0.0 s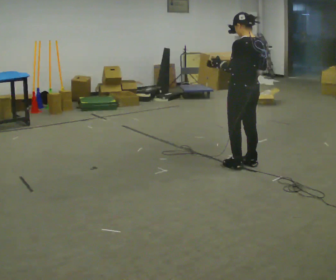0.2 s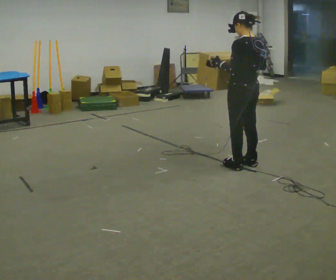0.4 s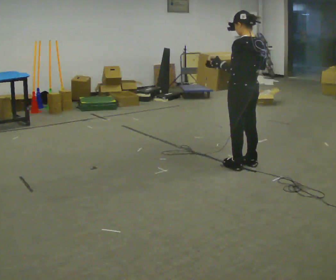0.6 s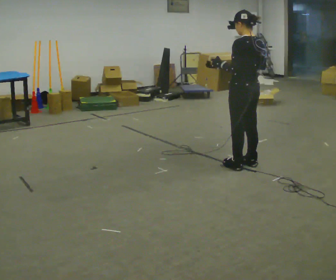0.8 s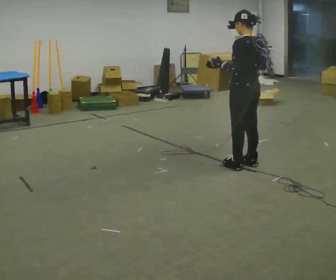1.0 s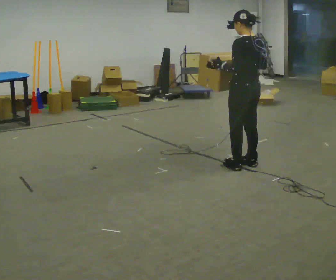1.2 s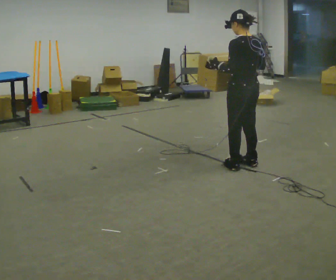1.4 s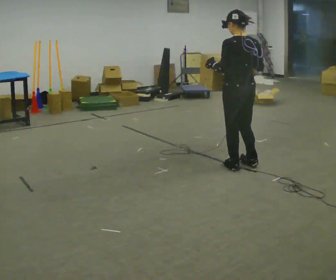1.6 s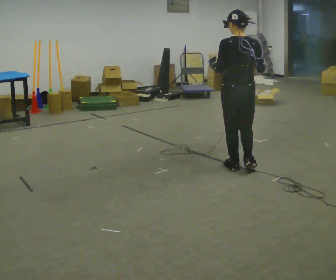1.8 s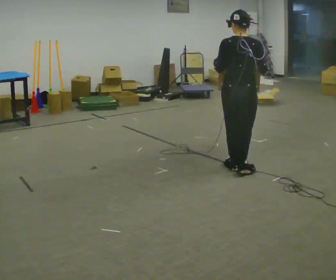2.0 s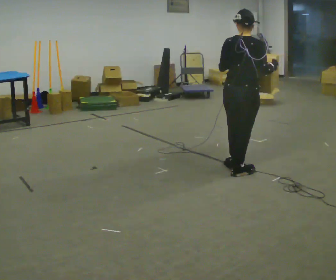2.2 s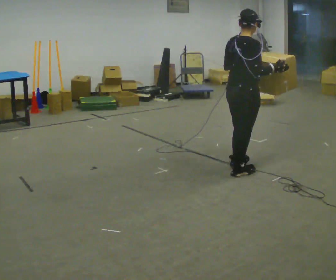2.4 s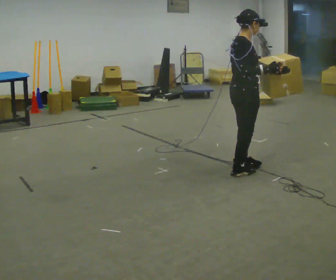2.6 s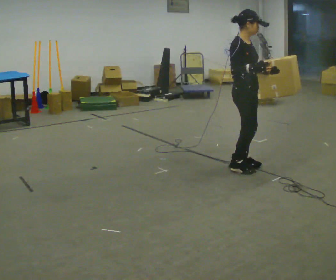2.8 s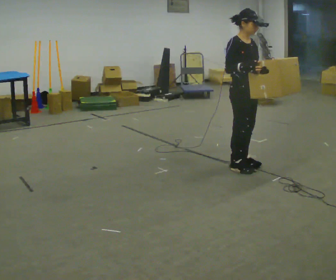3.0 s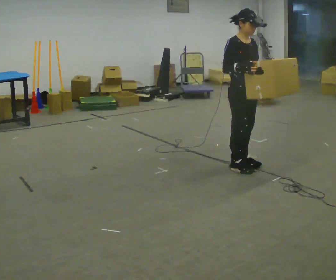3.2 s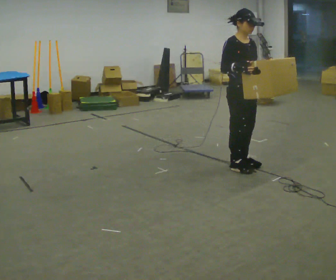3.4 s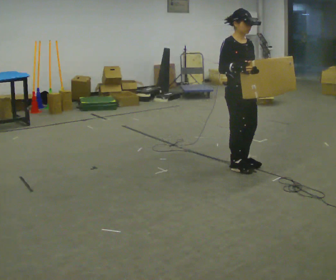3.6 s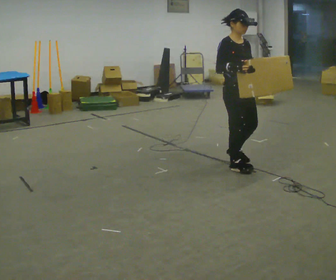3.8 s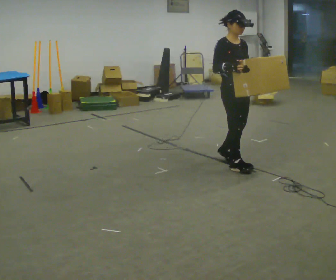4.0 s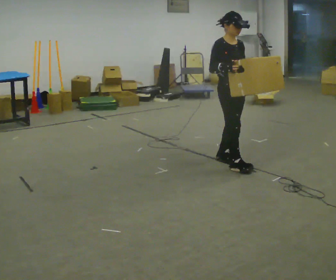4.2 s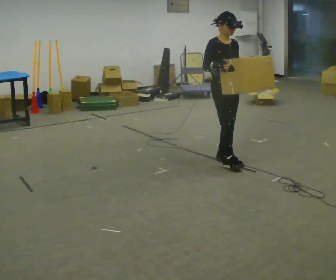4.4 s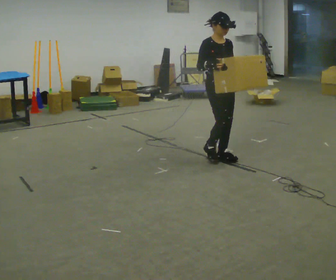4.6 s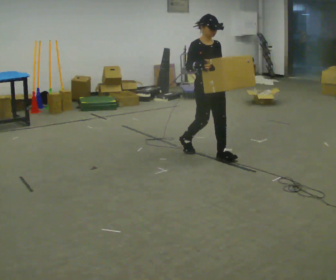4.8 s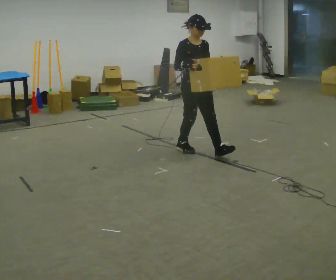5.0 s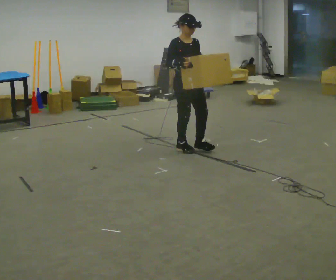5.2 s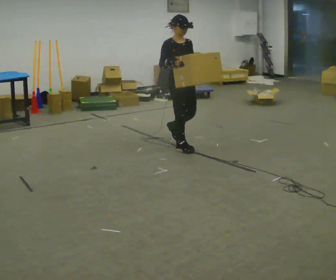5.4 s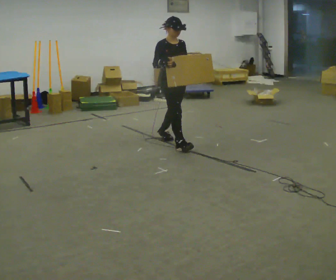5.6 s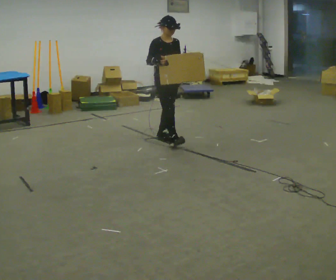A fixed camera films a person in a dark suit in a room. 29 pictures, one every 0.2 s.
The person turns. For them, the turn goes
to their right.
The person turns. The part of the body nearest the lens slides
to the left.
0.0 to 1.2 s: The person moves a little, or ends about where they began.
1.2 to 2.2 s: The person turns about 90 degrees to their right, clockwise seen from above, so the part of the body nearest the lens slides to the left.
2.2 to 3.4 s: The person turns about 90 degrees to their right, clockwise seen from above, so the part of the body nearest the lens slides to the left. In the picture their right hand goes to the left.
3.4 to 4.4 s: In the picture they go away from the camera and to the left, about 0.25 m in 2 steps, which for them is backward.
4.4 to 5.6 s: In the picture they go to the left and away from the camera, about 1 m in 2 steps, which for them is backward.
The film runs backward here.
